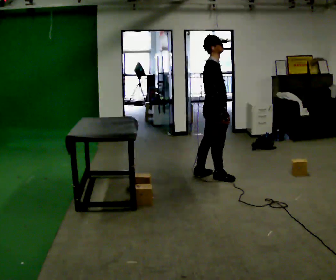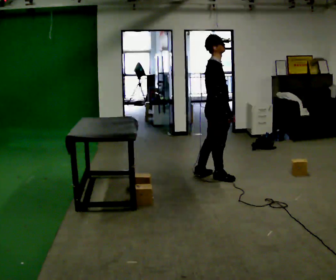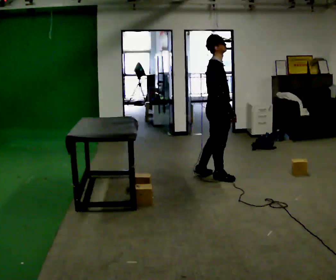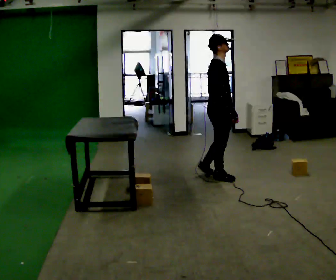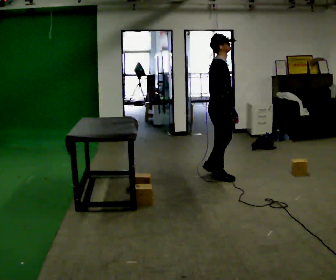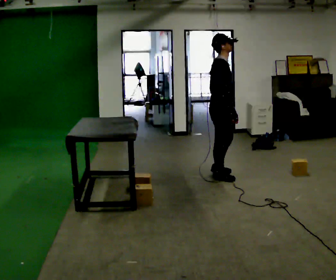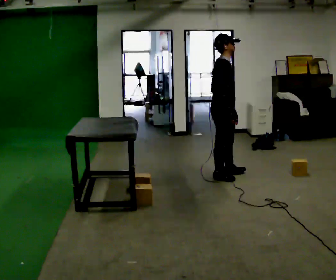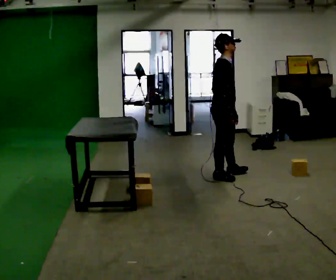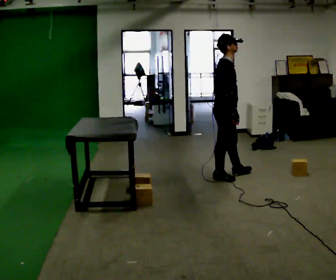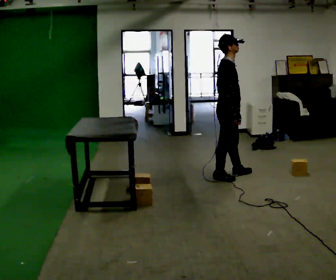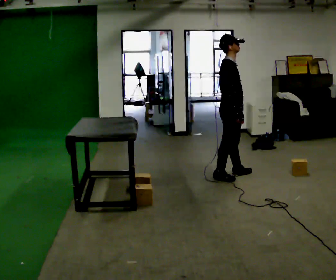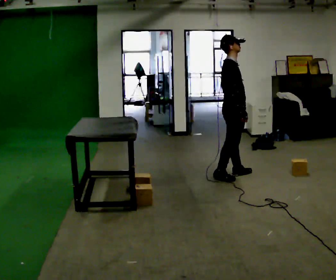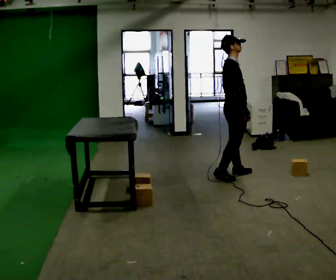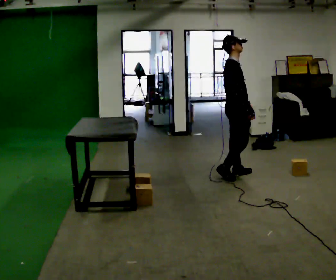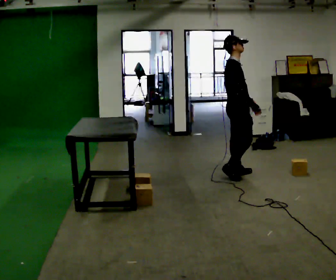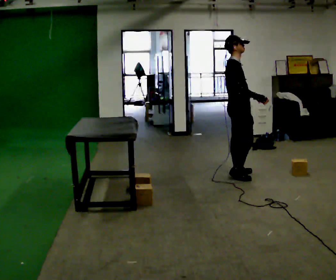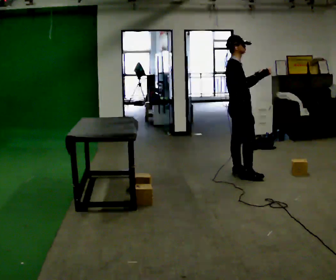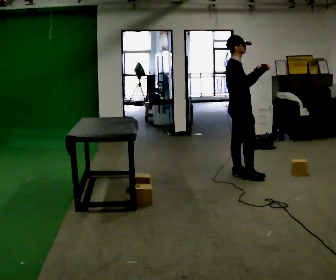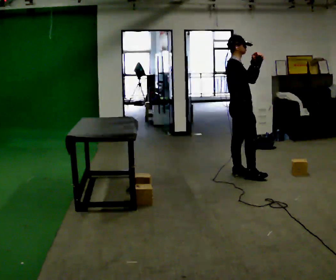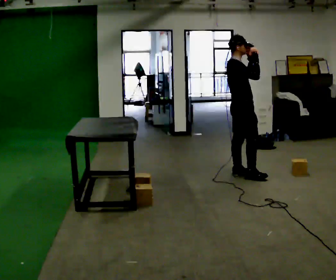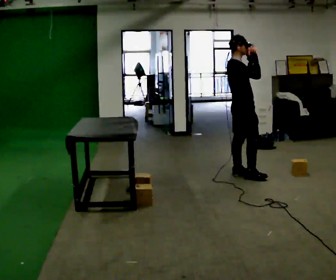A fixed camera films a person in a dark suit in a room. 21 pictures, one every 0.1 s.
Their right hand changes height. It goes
upward.
Their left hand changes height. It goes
upward.
0.0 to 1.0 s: In the picture they go to the right, about 0.25 m in 1 step, which for them is forward.
1.0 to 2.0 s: In the picture their right hand goes upward.
The film runs forward here.
